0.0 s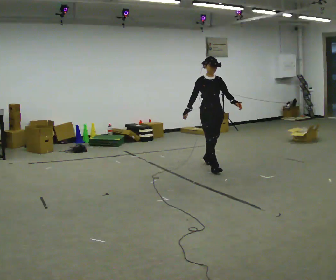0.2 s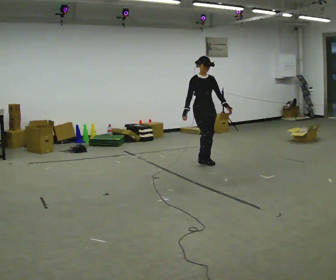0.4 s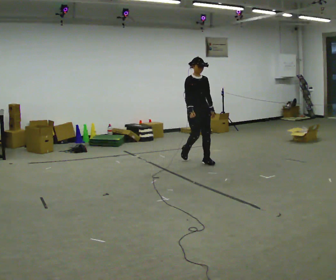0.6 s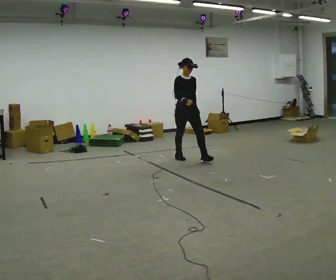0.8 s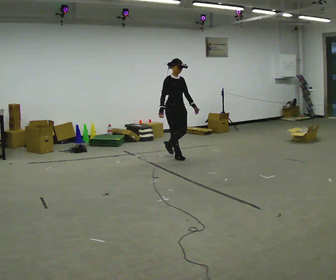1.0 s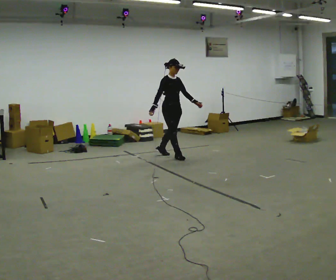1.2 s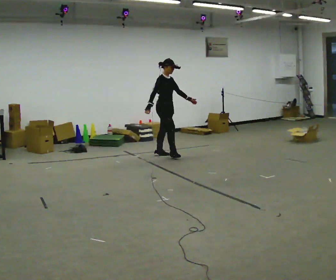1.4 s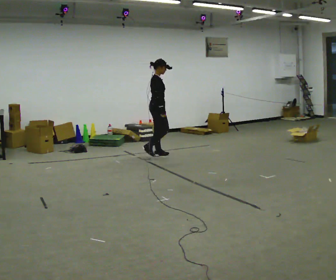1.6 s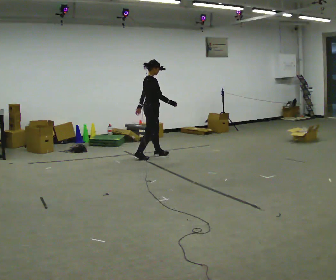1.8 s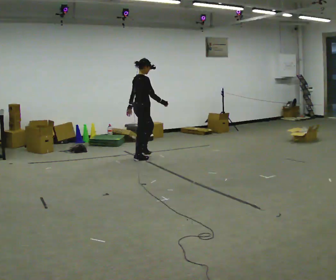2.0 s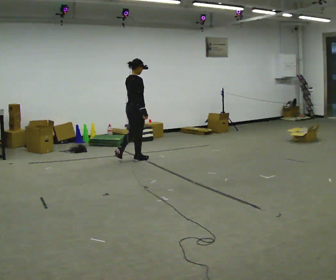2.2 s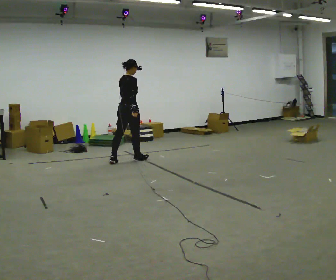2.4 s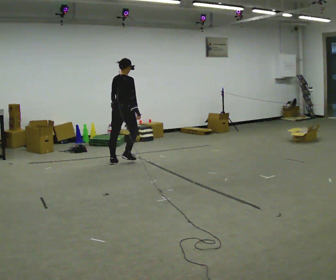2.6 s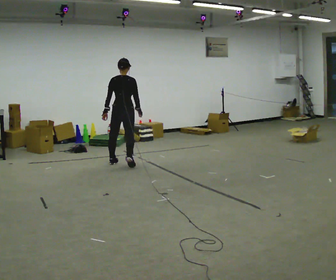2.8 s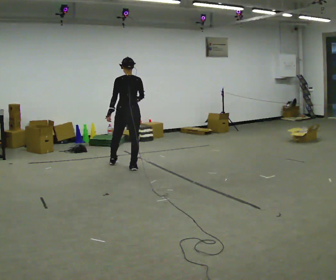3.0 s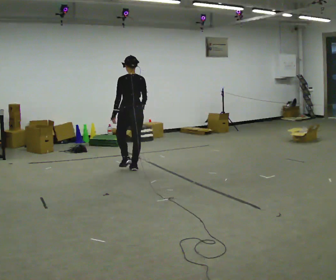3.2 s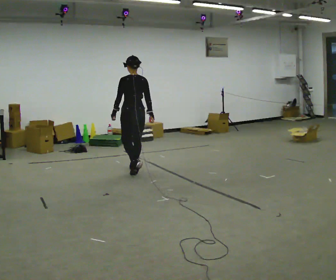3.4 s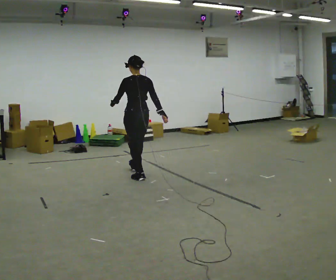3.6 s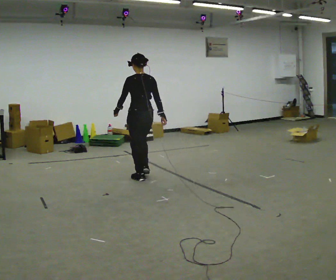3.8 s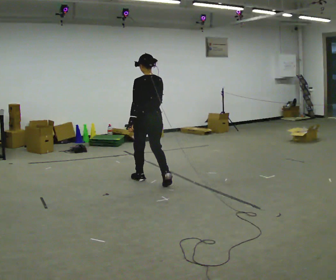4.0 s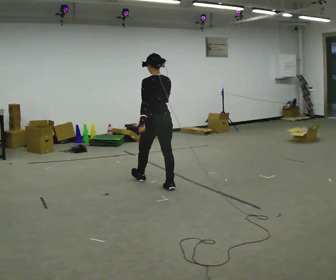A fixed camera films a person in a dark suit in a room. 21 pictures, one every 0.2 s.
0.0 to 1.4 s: The part of the body nearest the lens slides to the right as the person turns to their left by about 60 degrees. In the picture they go away from the camera and to the left, about 1 m in 2 steps, which for them is backward.
1.4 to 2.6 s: The part of the body nearest the lens slides to the right as the person turns to their left by about 90 degrees. In the picture they go toward the camera and to the left, about 1 m in 2 steps.
2.6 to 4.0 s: Seen from above the body turns counterclockwise, about 30 degrees: to their left, with its near side sliding to the right. In the picture they go toward the camera and to the right, about 1 m in 3 steps, which for them is backward.
The film runs backward here.
